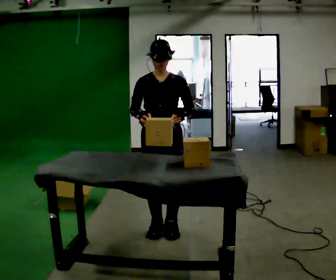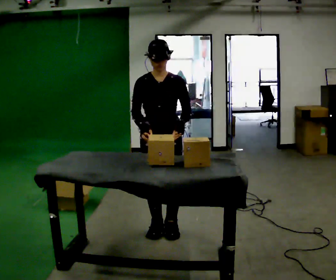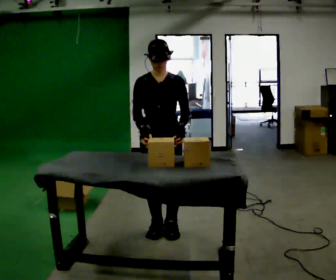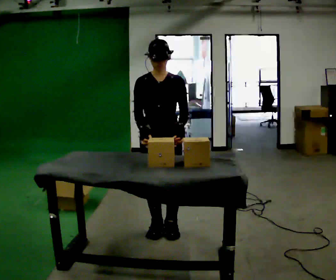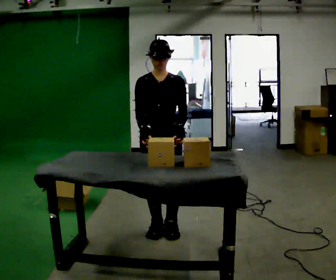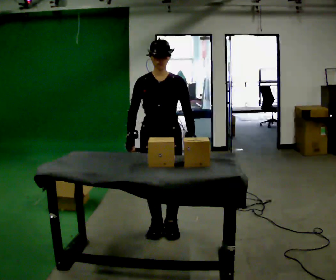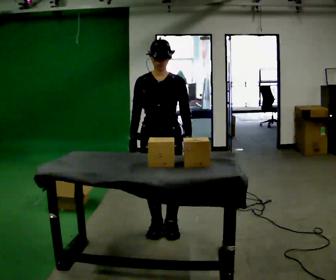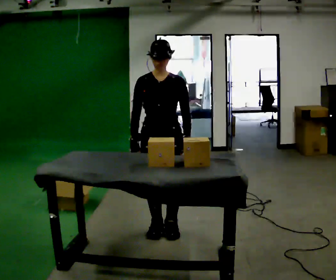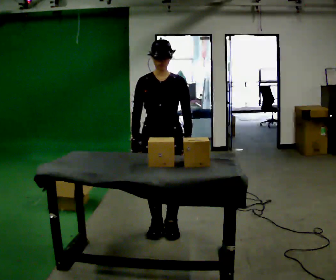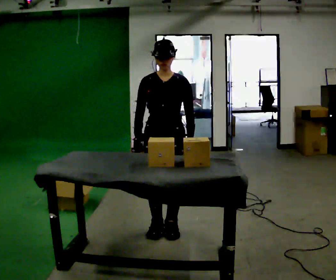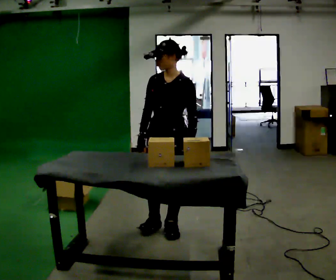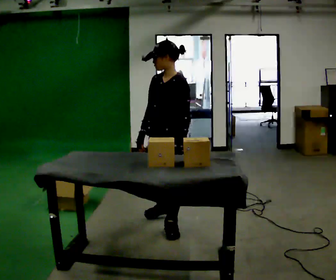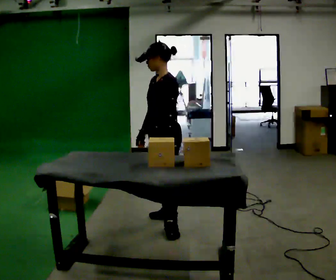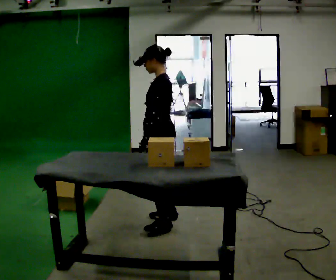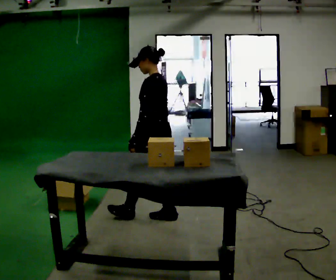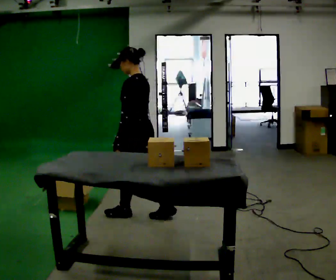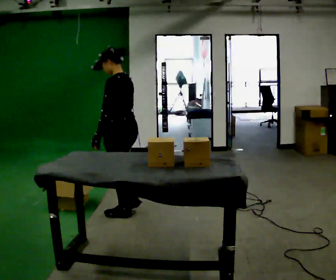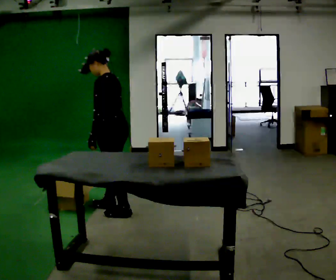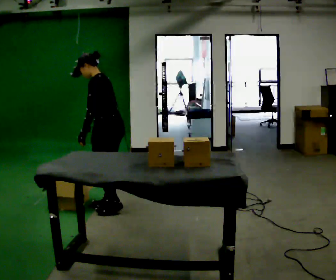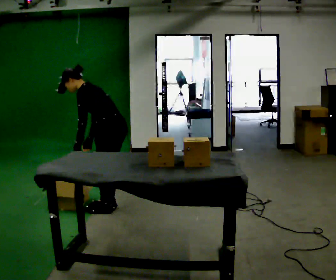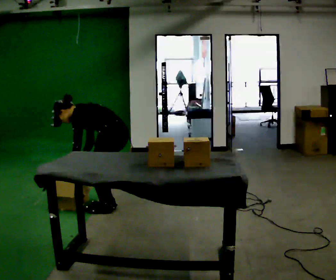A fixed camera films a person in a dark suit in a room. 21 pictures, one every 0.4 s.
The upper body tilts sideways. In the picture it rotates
counterclockwise.
The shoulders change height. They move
downward.
0.0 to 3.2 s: The person moves a little, or ends about where they began.
3.2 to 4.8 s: The part of the body nearest the lens slides to the left as the person turns to their right by about 60 degrees. In the picture they go away from the camera, about 0.25 m in 1 step.
4.8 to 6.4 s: Seen from above the body turns clockwise, about 45 degrees: to their right, with its near side sliding to the left. In the picture they go to the left and away from the camera, about 0.5 m in 1 step, which for them is forward.
6.4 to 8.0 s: The shoulders move downward. In the picture the upper body tilts counterclockwise, shoulders to the left, as they bend forward. In the picture their right hand goes to the left and downward.
The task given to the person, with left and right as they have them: Take an object out of the bin at knee height, carry it across the room, and place it on the chest-height shelf. Keep going until the operator says stop; one object at a time, and do not rush between trips.
The film runs forward here.
